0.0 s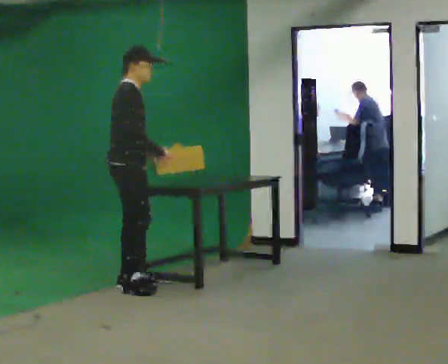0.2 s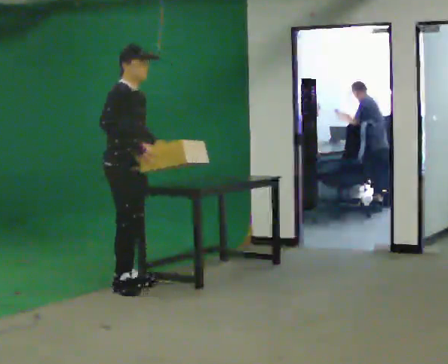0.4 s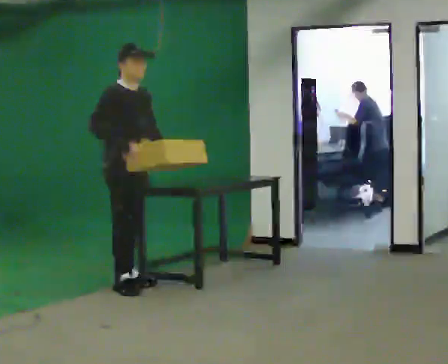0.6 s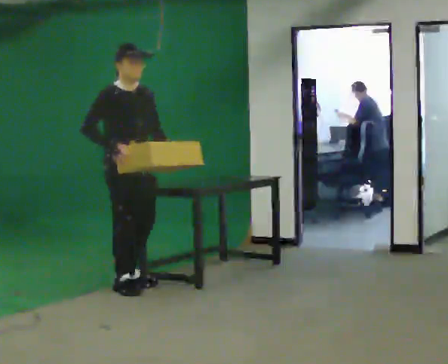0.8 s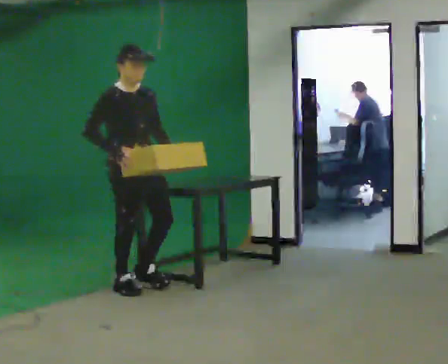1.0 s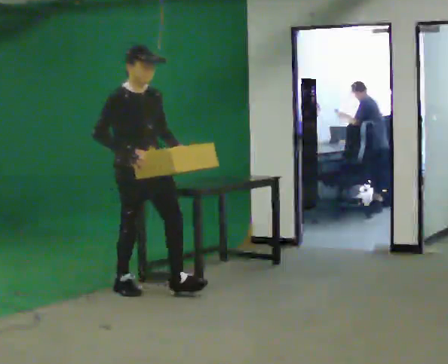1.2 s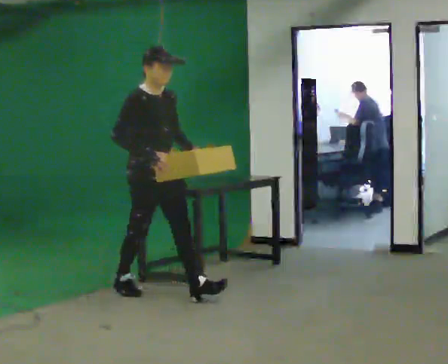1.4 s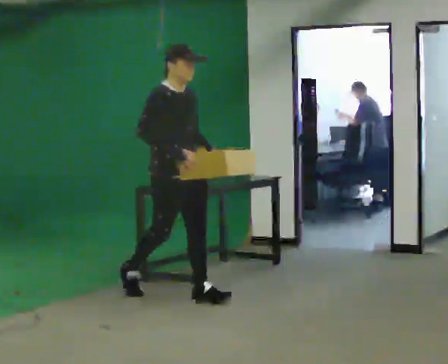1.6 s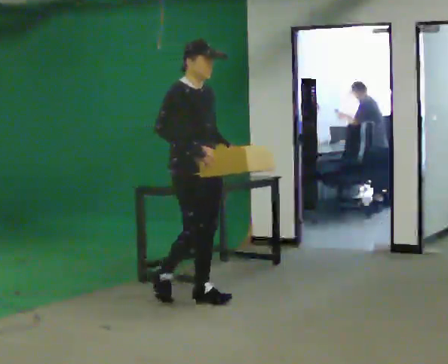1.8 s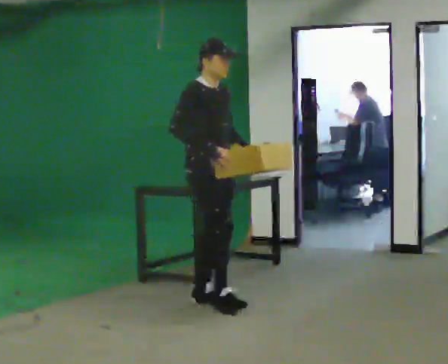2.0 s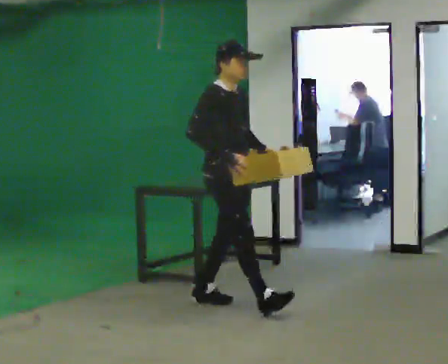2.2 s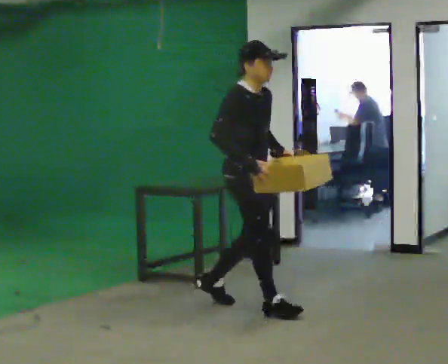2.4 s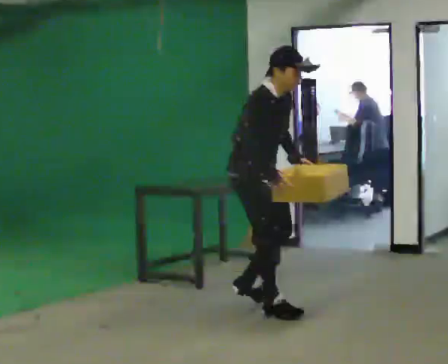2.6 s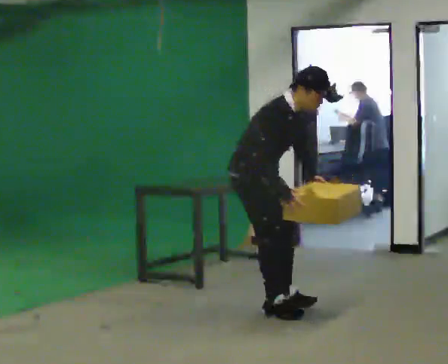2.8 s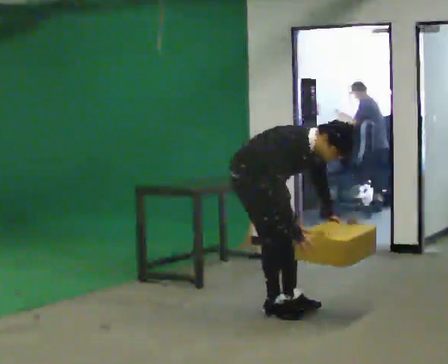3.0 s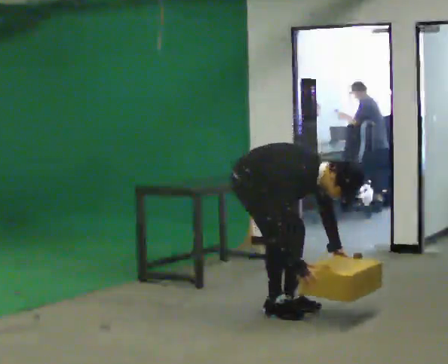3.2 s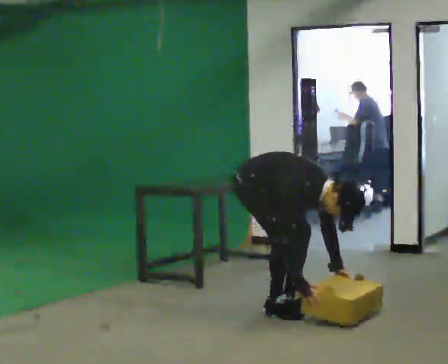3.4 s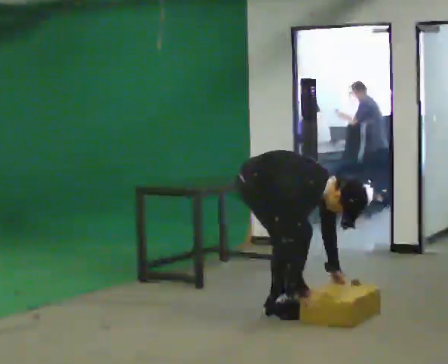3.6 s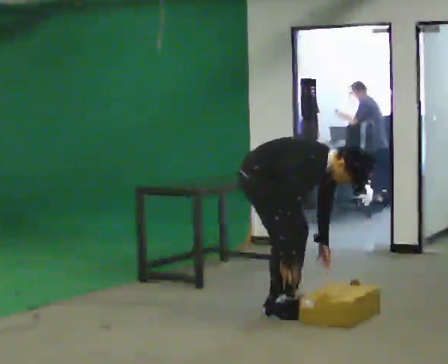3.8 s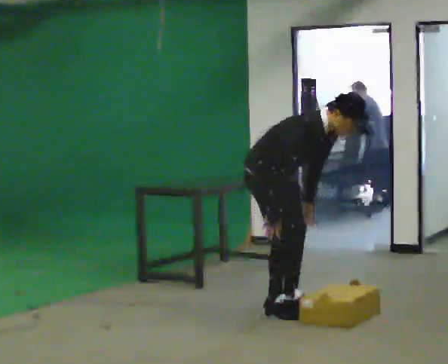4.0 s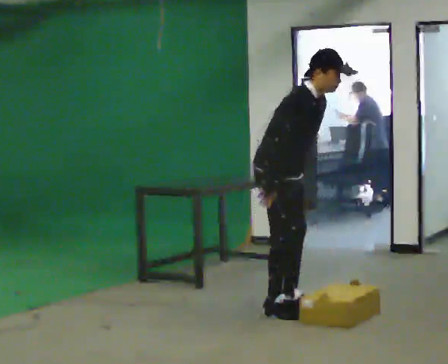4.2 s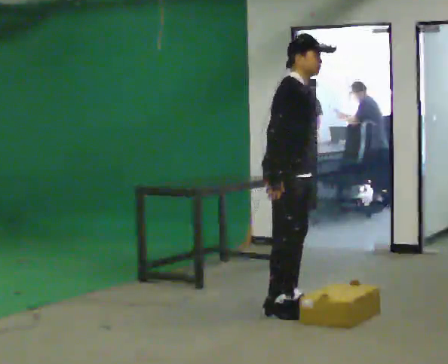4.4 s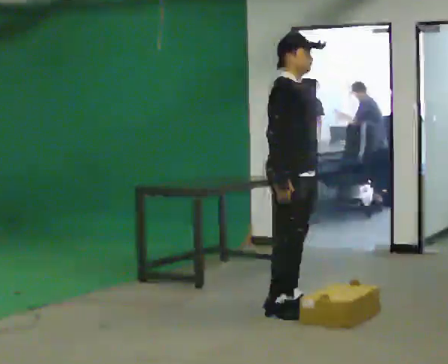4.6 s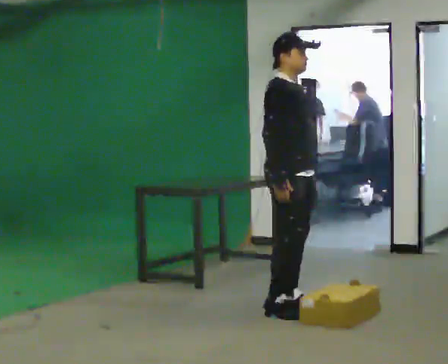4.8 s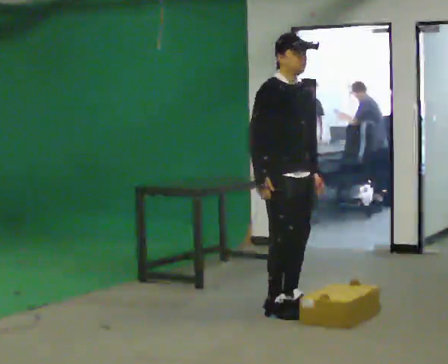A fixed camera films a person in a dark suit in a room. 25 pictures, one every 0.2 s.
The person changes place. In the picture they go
to the right.
0.0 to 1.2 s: Seen from above the body turns clockwise, about 45 degrees: to their right, with its near side sliding to the left. In the picture they go to the right and toward the camera, about 0.25 m in 2 steps, which for them is forward.
1.2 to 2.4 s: In the picture they go to the right and toward the camera, about 1 m in 1 step, which for them is forward. In the picture the upper body tilts clockwise, shoulders to the right, as they bend forward.
2.4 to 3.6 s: In the picture their right hand goes downward.
3.6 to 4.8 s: The upper body goes upward. In the picture the upper body tilts counterclockwise, shoulders to the left, as they lean back or straighten. In the picture their left hand goes upward.
The film runs forward here.
